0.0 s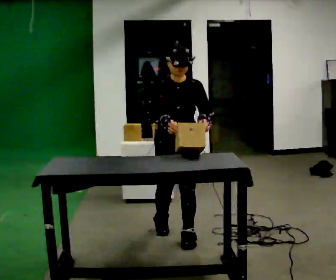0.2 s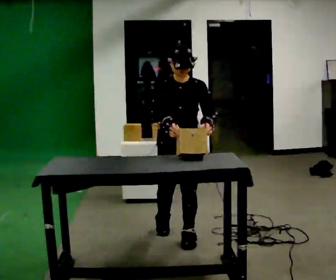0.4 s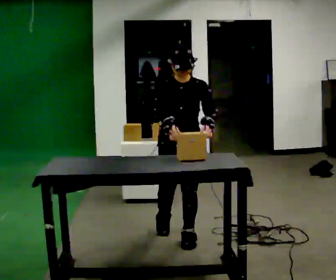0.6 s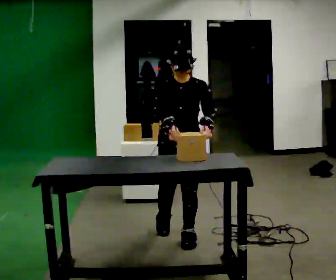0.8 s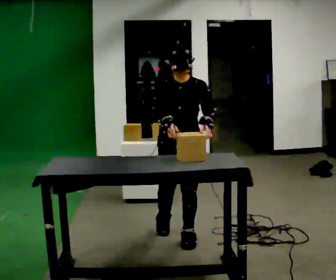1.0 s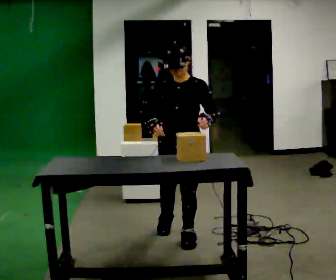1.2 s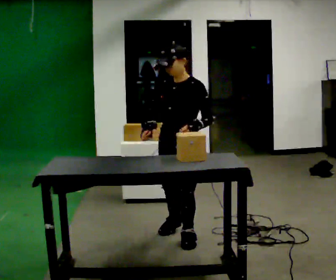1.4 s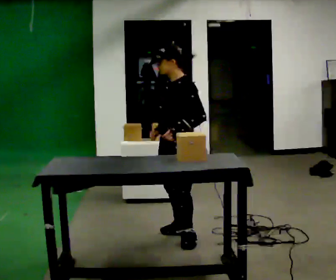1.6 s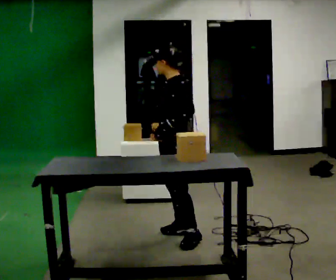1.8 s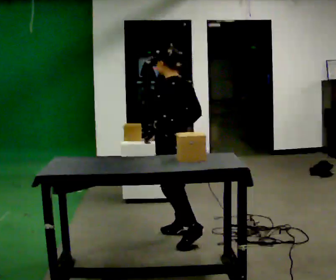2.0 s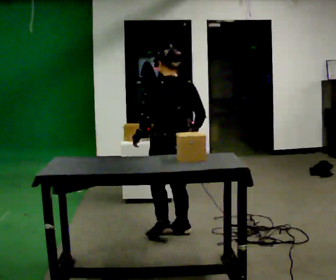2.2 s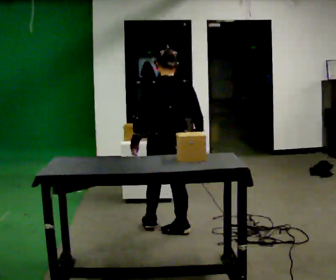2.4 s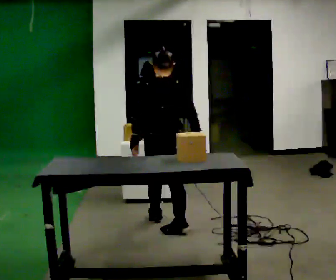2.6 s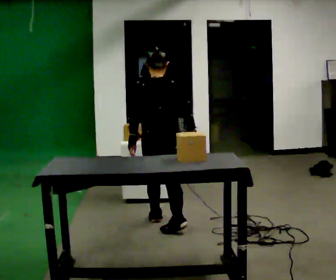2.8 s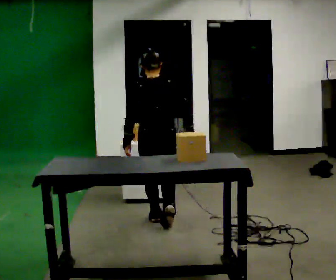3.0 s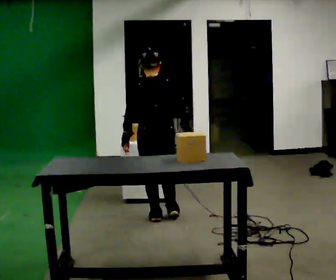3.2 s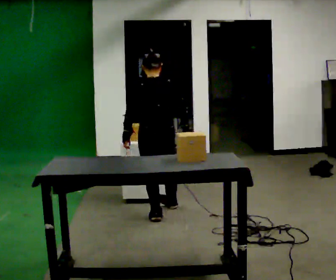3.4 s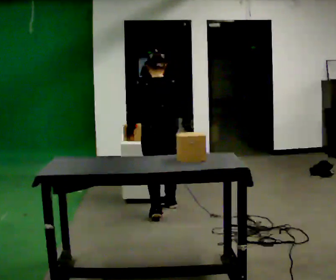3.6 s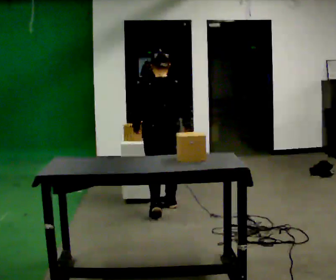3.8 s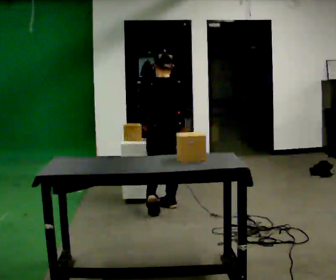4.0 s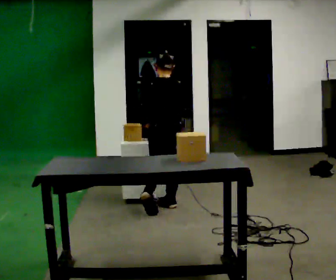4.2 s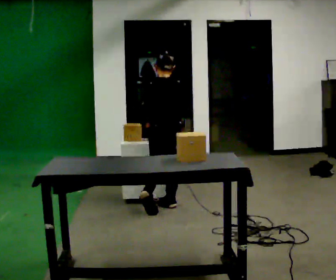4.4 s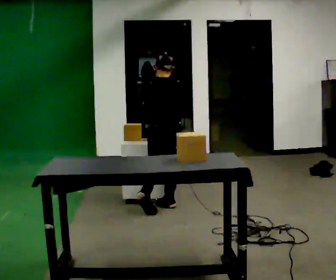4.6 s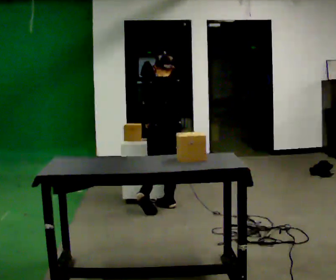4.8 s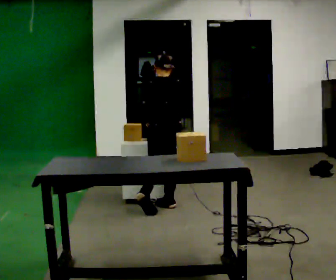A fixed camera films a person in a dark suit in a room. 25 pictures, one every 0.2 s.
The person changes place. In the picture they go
away from the camera.
The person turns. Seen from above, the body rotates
clockwise.
0.0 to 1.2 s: Seen from above the body turns clockwise, about 30 degrees: to their right, with its near side sliding to the left.
1.2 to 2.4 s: The person turns about 150 degrees to their right, clockwise seen from above, so the part of the body nearest the lens slides to the left. In the picture they go away from the camera, about 0.25 m in 1 step.
2.4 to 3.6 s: In the picture they go away from the camera, about 0.5 m in 2 steps, which for them is forward.
3.6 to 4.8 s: The person moves a little, or ends about where they began.
The film runs forward here.
